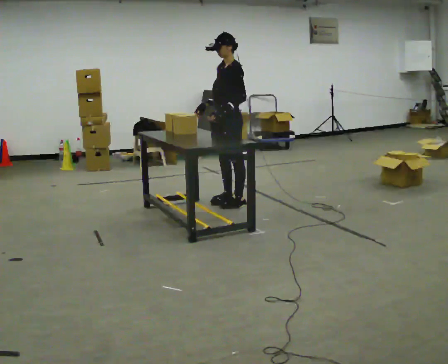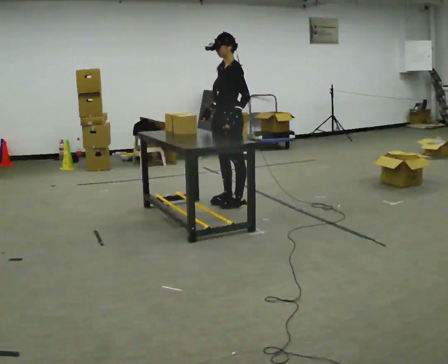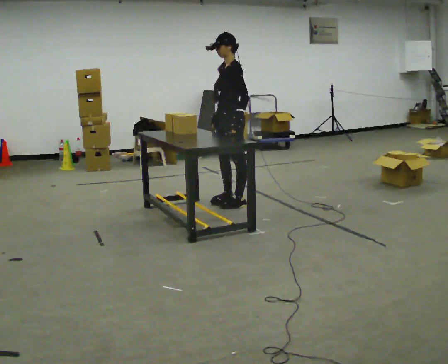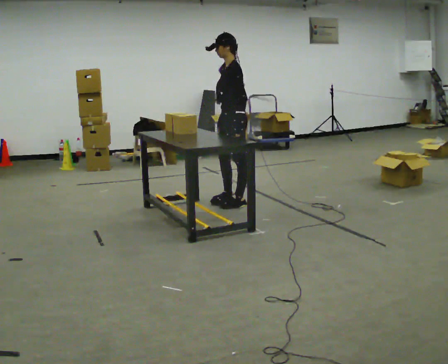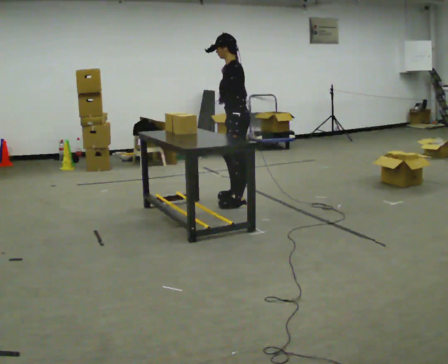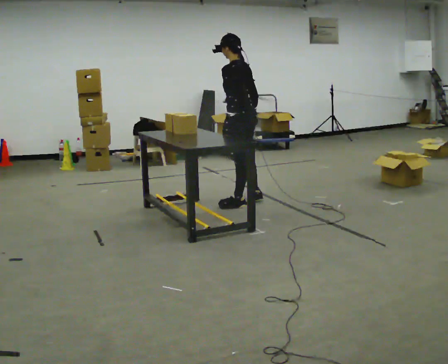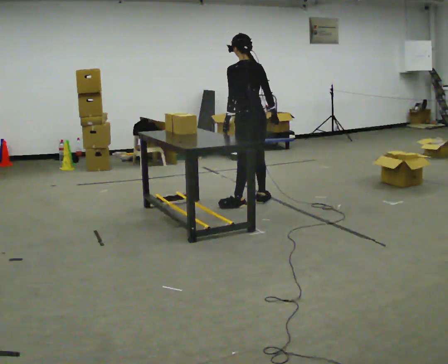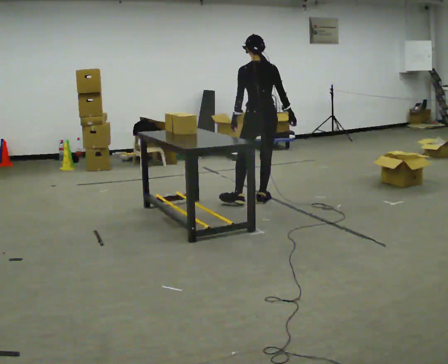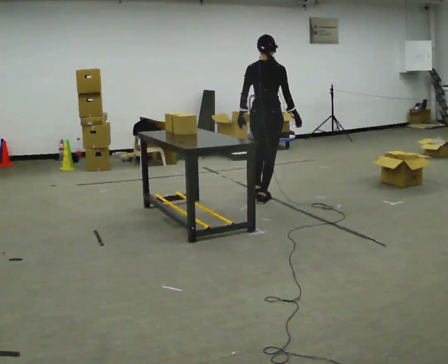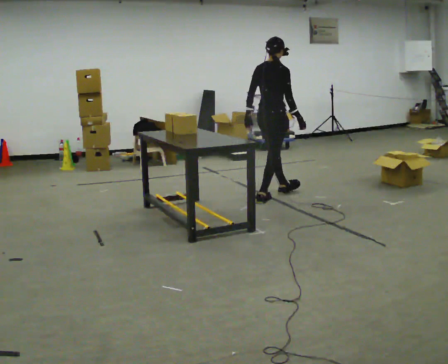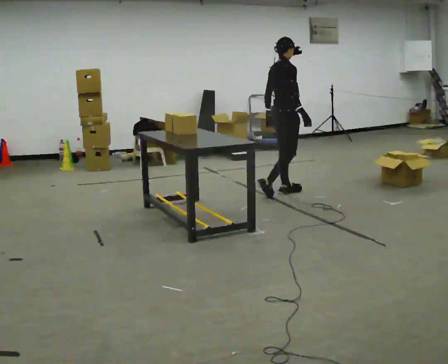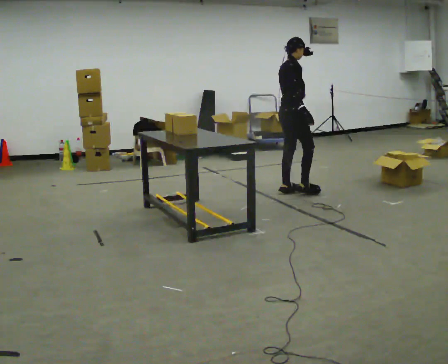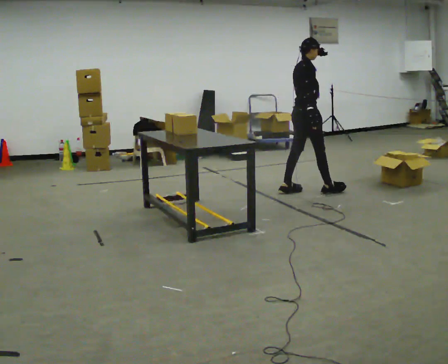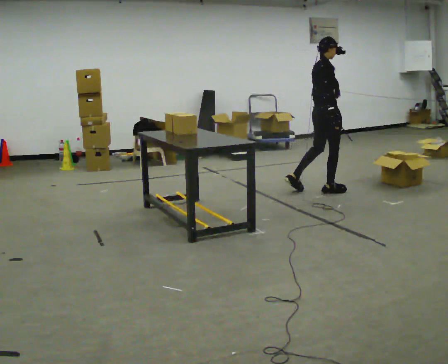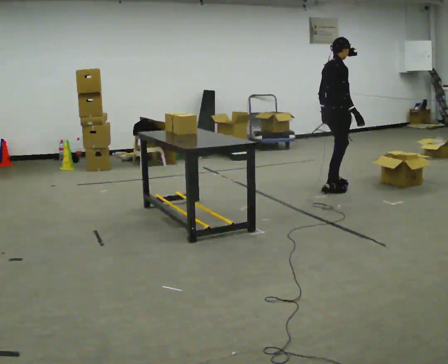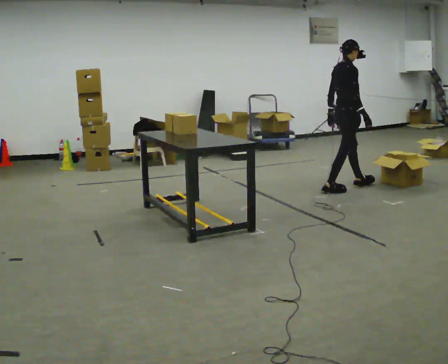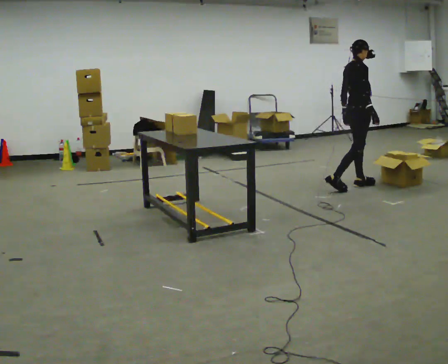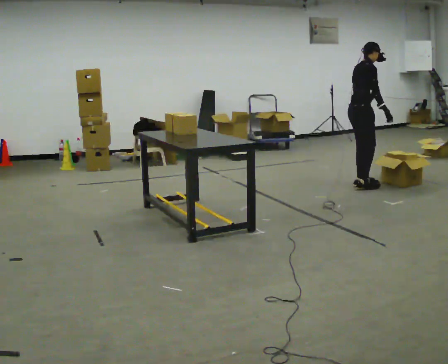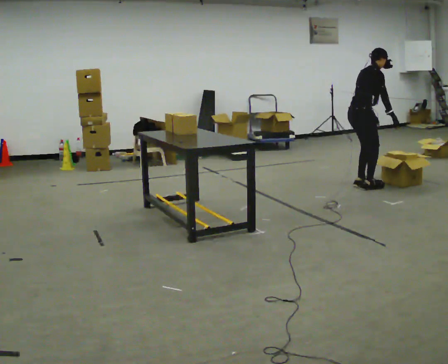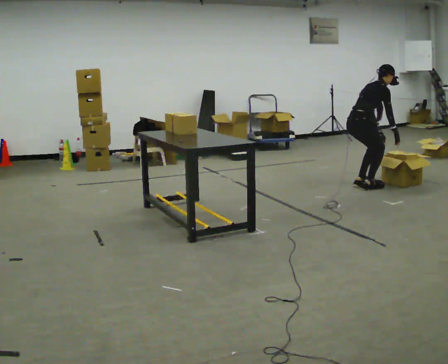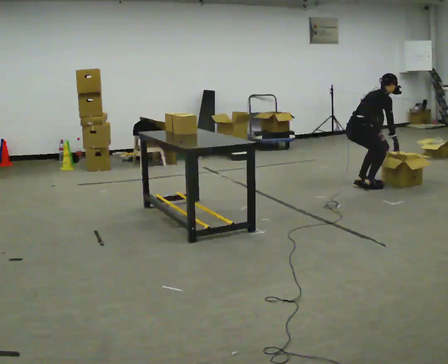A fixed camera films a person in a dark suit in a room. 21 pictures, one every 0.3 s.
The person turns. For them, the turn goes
to their right.
The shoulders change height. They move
downward.
0.0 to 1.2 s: The part of the body nearest the lens slides to the left as the person turns to their right by about 45 degrees. In the picture their right hand goes to the right.
1.2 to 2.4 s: Seen from above the body turns clockwise, about 105 degrees: to their right, with its near side sliding to the left. In the picture they go away from the camera and to the right, about 0.25 m in 1 step.
2.4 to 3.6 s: The person turns about 60 degrees to their right, clockwise seen from above, so the part of the body nearest the lens slides to the left. In the picture they go to the right and away from the camera, about 0.5 m in 2 steps, which for them is forward.
3.6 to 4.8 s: In the picture they go to the right, about 0.5 m in 1 step, which for them is forward.
4.8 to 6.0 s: The upper body goes downward. In the picture the upper body tilts clockwise, shoulders to the right, as they bend forward. In the picture their right hand goes downward and to the right.
The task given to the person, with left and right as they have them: Take objects out of the bin one at a time and lay them out on the table, stepping between the bin and the table each time. Keep going until the operator says stop; one object at a time, and do not rush between trips.
The film runs forward here.
